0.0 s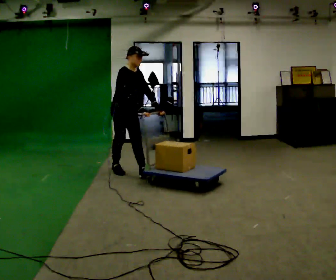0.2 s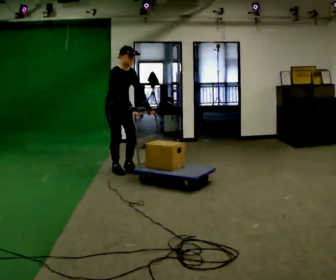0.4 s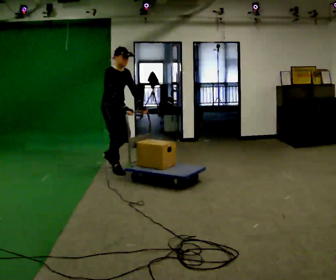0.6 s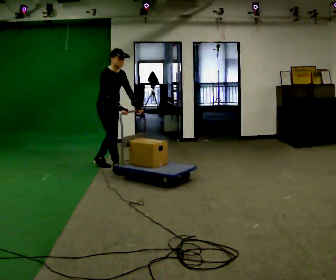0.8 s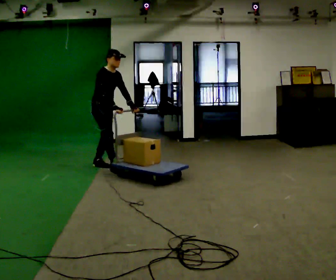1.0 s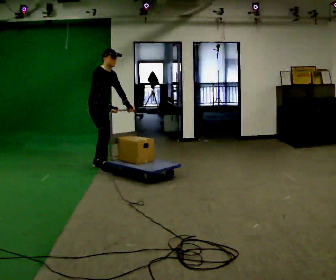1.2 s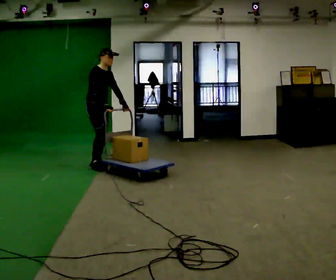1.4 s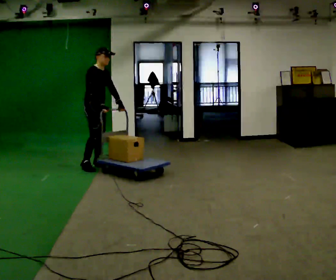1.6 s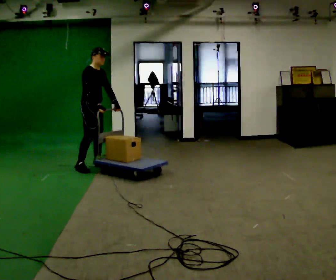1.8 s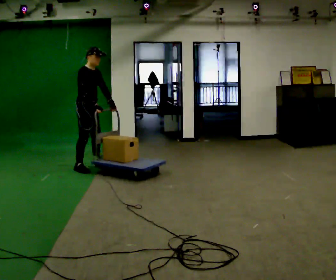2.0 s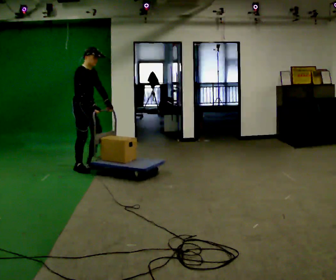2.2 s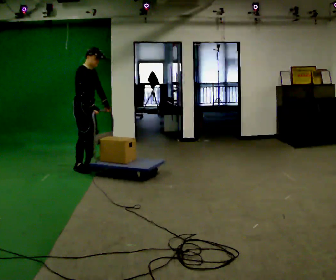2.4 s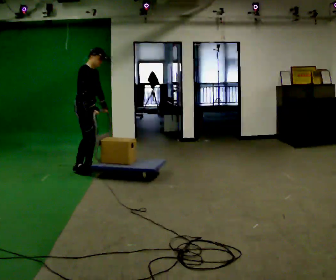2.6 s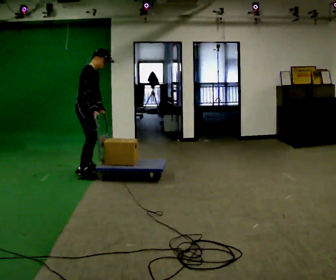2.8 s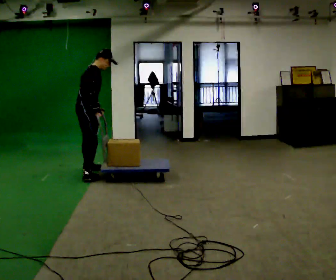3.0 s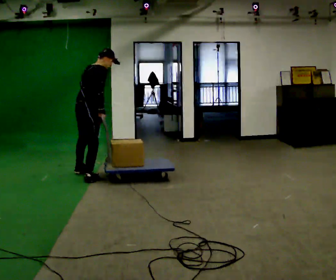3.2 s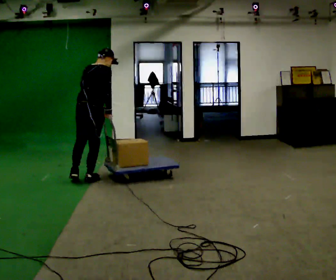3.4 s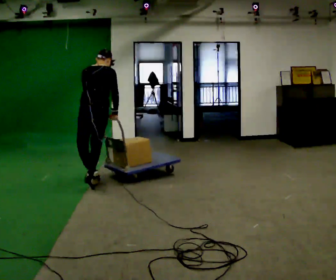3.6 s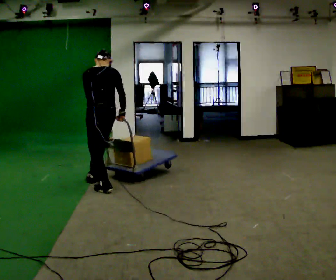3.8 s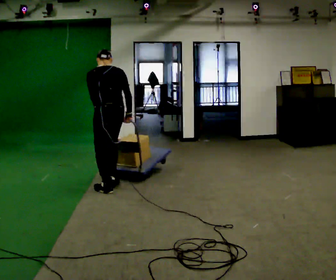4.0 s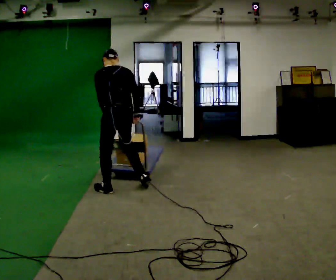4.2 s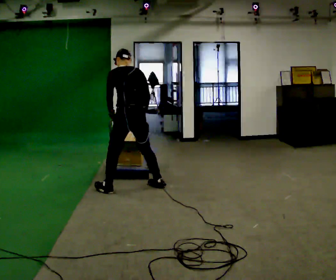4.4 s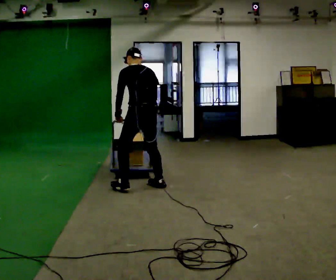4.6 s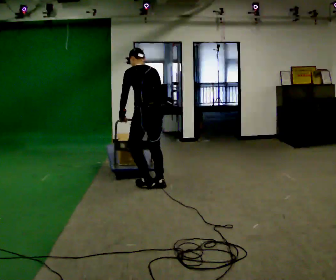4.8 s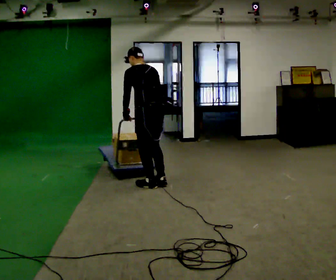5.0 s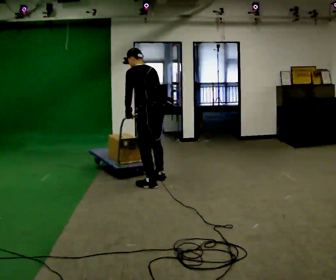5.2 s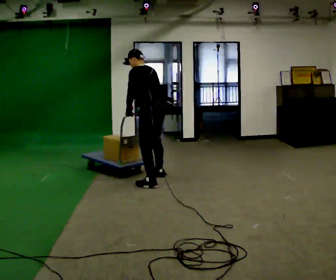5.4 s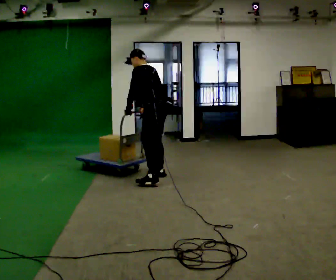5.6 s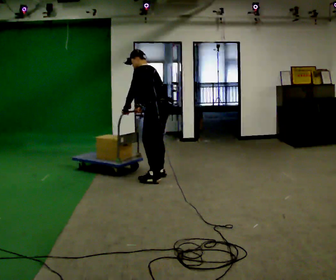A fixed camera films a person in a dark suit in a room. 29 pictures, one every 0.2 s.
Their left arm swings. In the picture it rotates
clockwise.
The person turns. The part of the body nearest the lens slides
to the right.
0.0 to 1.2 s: In the picture they go away from the camera and to the left, about 0.5 m in 1 step, which for them is backward.
1.2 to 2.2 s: In the picture they go toward the camera and to the left, about 0.25 m in 1 step, which for them is to their right.
2.2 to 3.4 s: The part of the body nearest the lens slides to the right as the person turns to their left by about 120 degrees. In the picture they go toward the camera, about 0.5 m in 2 steps. The upper body tips away from the camera, its near side rolling upward.
3.4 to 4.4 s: The part of the body nearest the lens slides to the right as the person turns to their left by about 30 degrees. In the picture they go to the right and toward the camera, about 0.75 m in 2 steps, which for them is to their right and backward.
4.4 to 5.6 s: In the picture they go away from the camera and to the right, about 0.5 m in 2 steps, which for them is to their right and forward.
The film runs backward here.
